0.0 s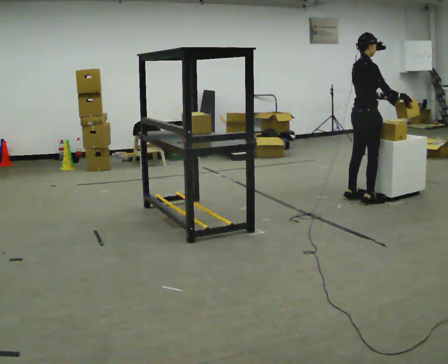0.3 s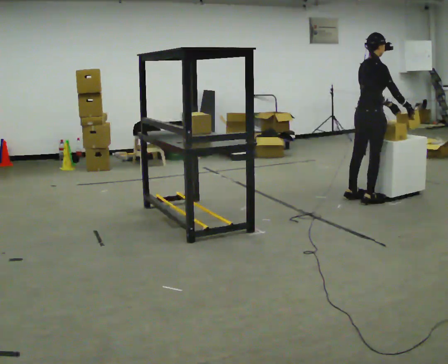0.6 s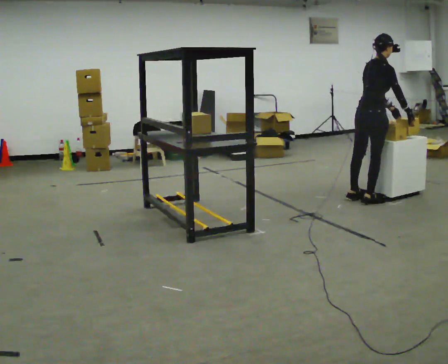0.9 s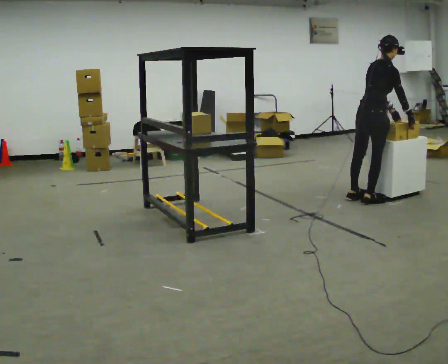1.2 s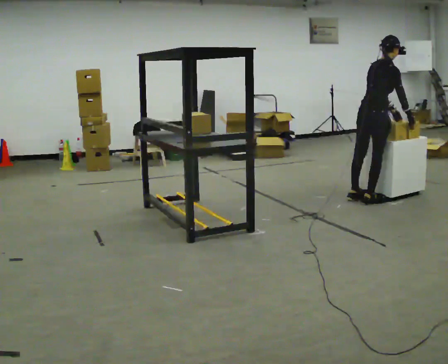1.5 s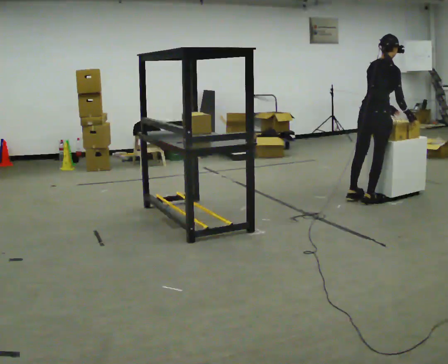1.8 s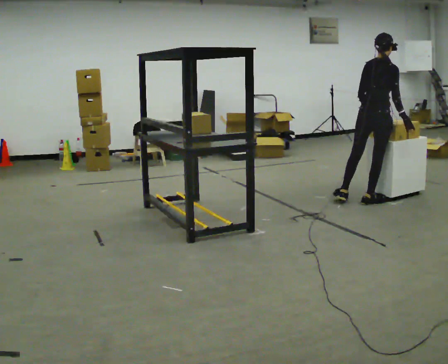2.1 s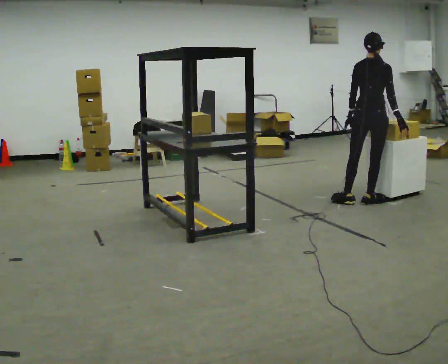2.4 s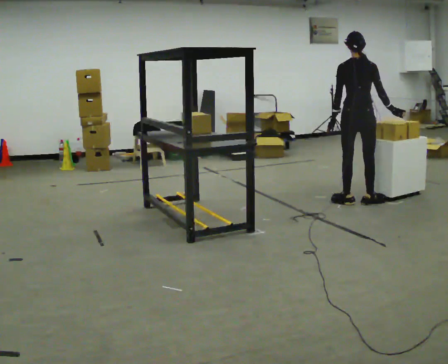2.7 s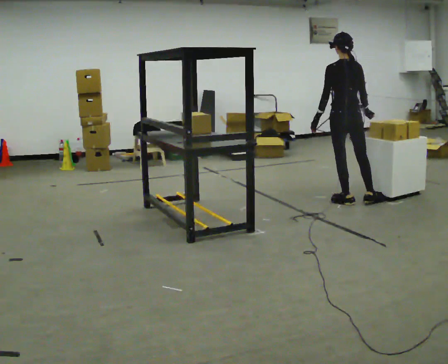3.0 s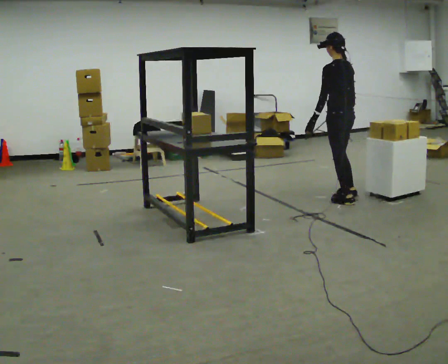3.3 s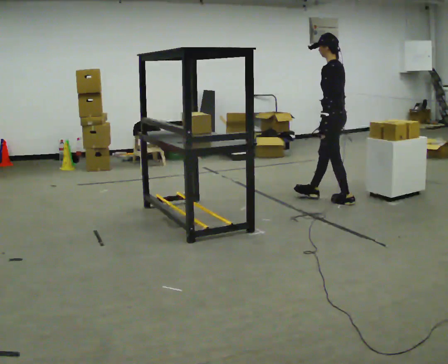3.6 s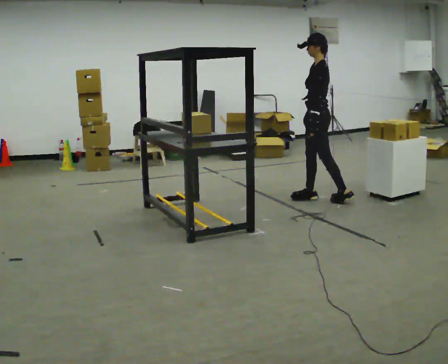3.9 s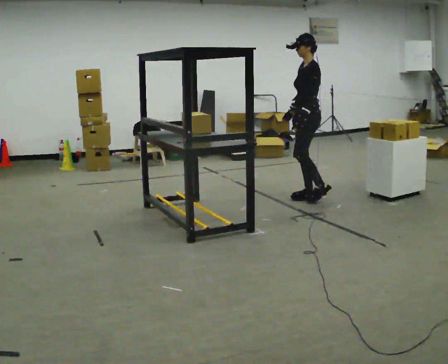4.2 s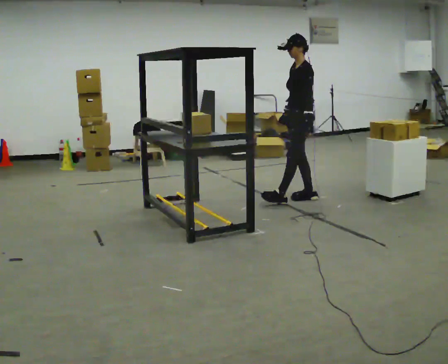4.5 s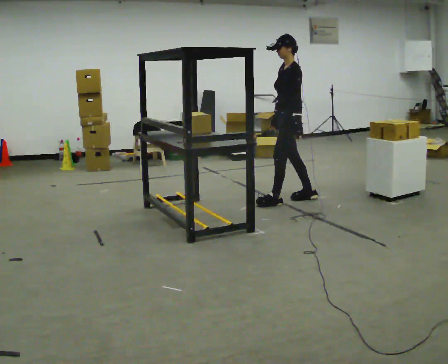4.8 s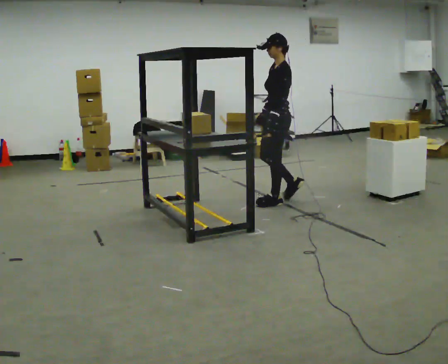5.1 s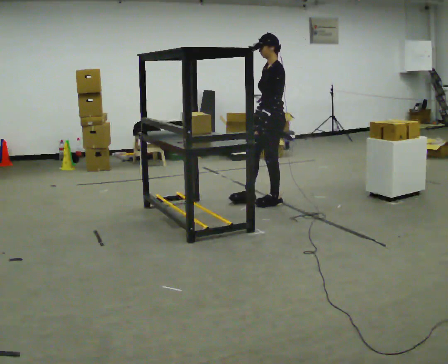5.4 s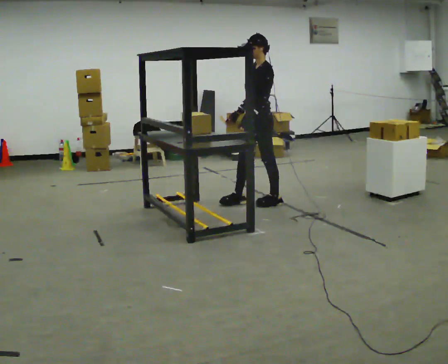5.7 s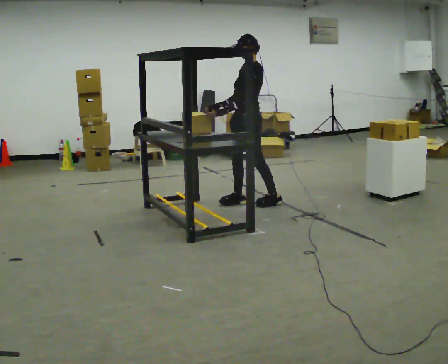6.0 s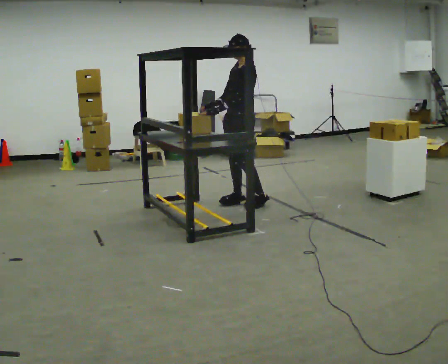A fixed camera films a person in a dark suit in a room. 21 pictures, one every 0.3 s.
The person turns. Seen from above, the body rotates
counterclockwise.
The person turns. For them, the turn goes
to their left.
0.0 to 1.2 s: In the picture the upper body tilts clockwise, shoulders to the right, as they bend forward.
1.2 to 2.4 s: The part of the body nearest the lens slides to the right as the person turns to their left by about 45 degrees. In the picture the upper body tilts counterclockwise, shoulders to the left, as they lean back or straighten. In the picture their left hand goes to the left.
2.4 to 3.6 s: The person turns about 90 degrees to their left, counterclockwise seen from above, so the part of the body nearest the lens slides to the right. In the picture they go to the left, about 0.25 m in 1 step.
3.6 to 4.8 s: In the picture they go to the left and toward the camera, about 0.5 m in 1 step, which for them is forward.
4.8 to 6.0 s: In the picture they go to the left, about 0.25 m in 1 step, which for them is forward.
The film runs forward here.
